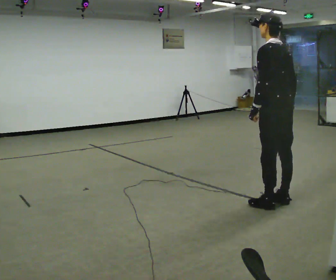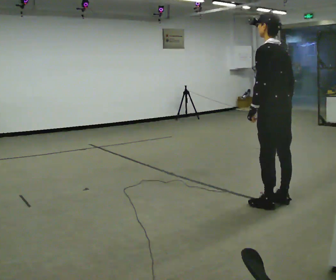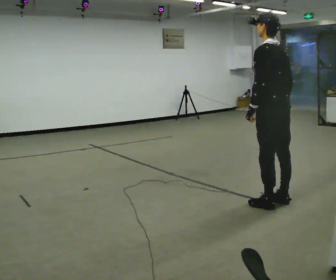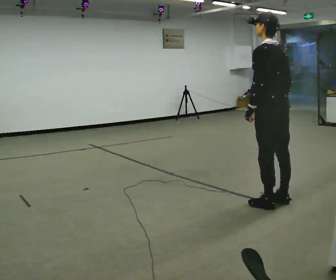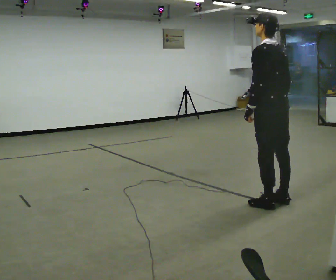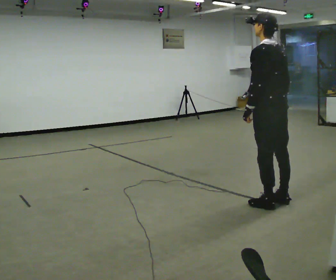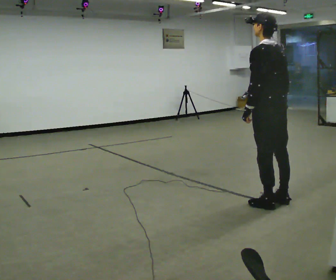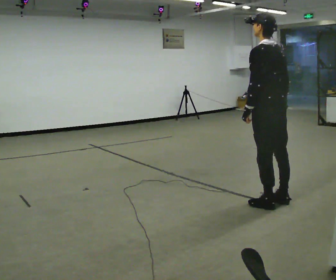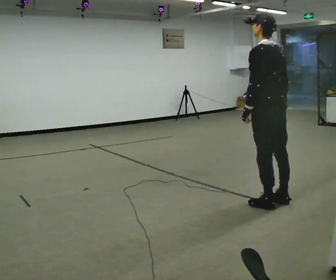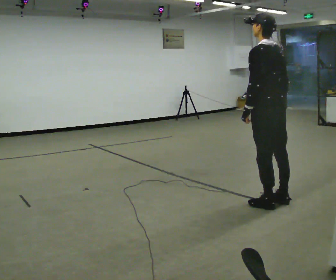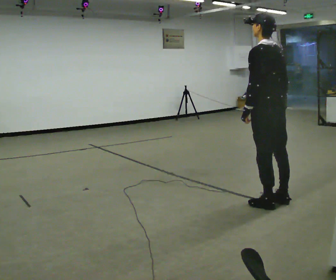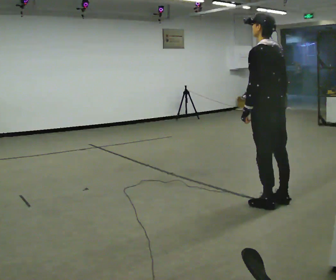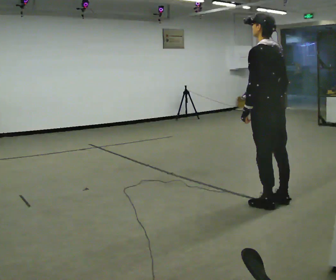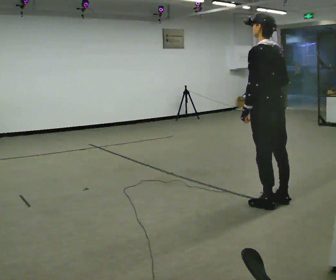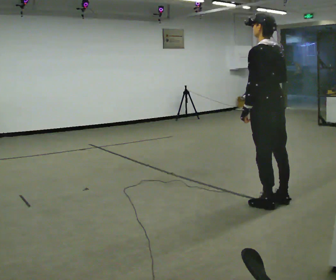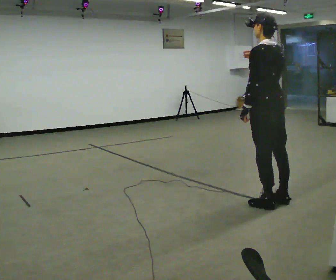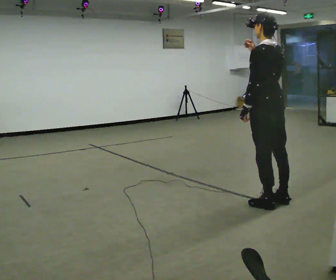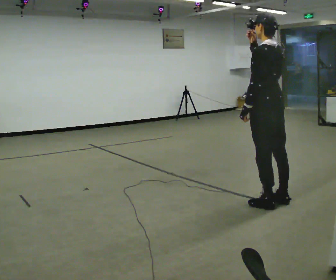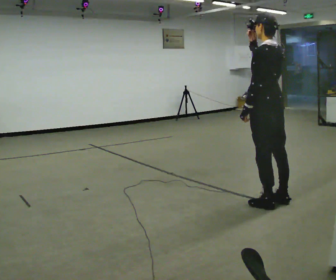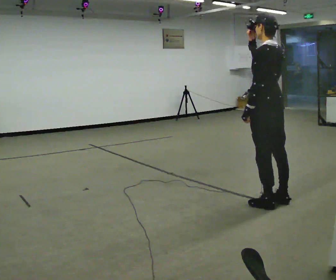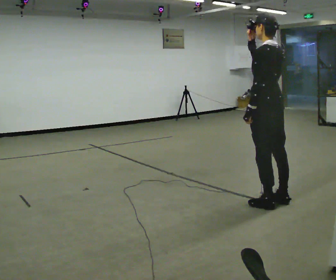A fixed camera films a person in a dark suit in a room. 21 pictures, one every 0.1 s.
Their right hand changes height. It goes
upward.
0.0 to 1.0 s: The person moves a little, or ends about where they began.
1.0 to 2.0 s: In the picture their right hand goes upward.
The film runs forward here.
